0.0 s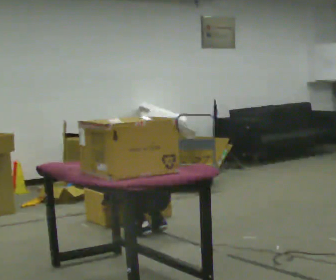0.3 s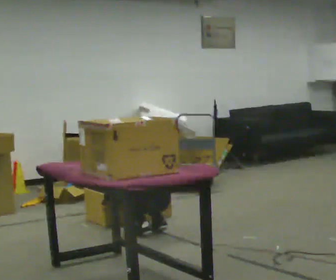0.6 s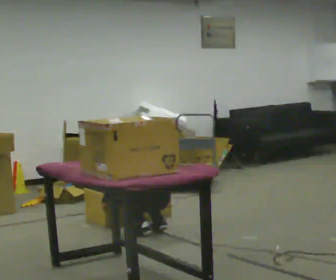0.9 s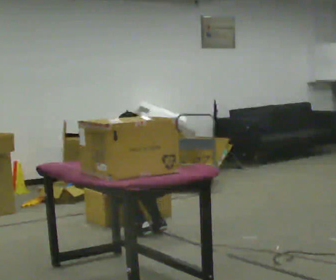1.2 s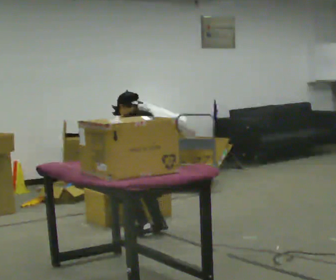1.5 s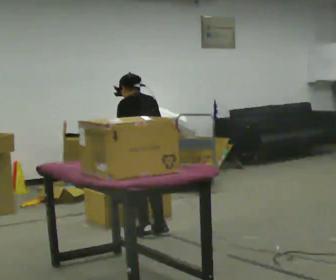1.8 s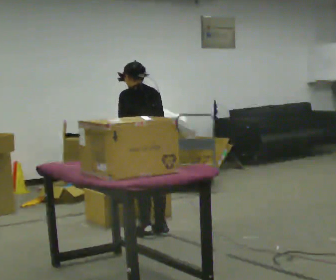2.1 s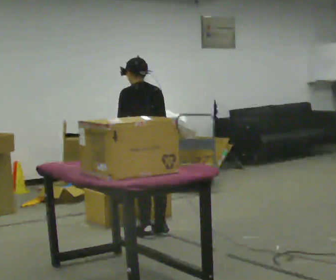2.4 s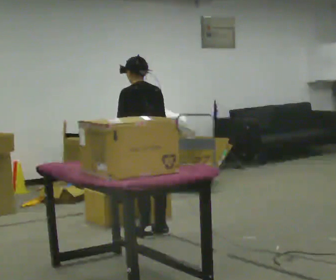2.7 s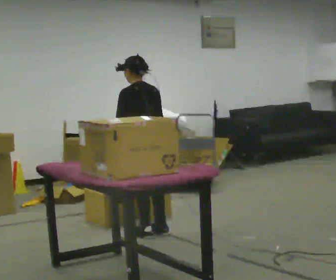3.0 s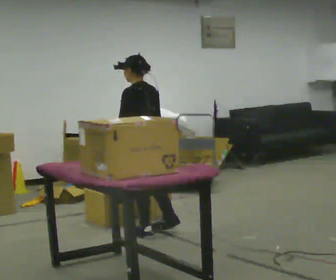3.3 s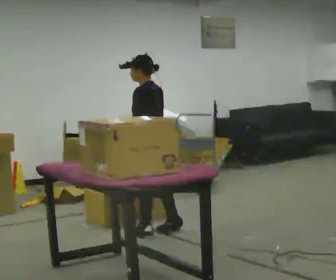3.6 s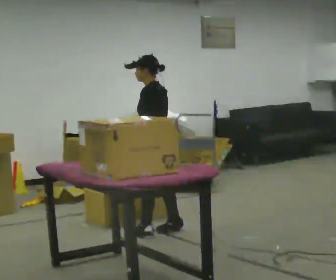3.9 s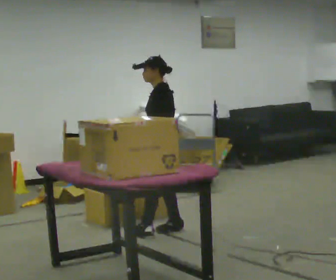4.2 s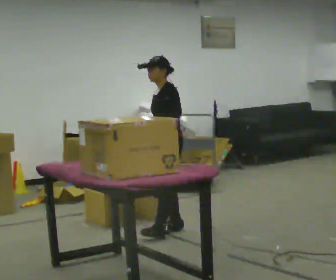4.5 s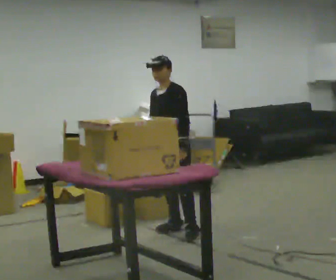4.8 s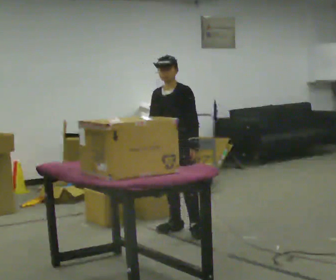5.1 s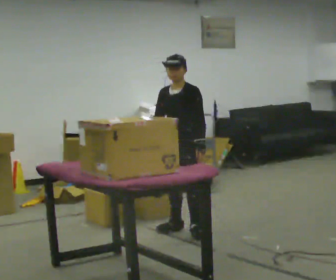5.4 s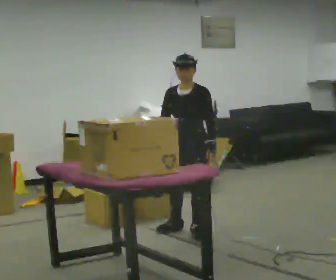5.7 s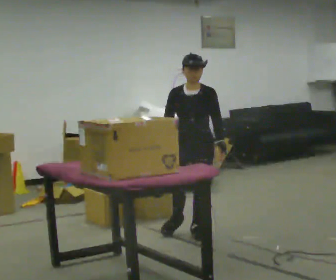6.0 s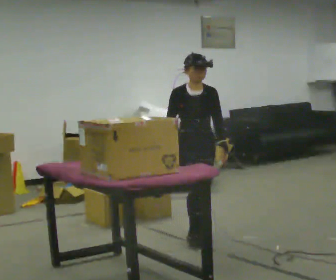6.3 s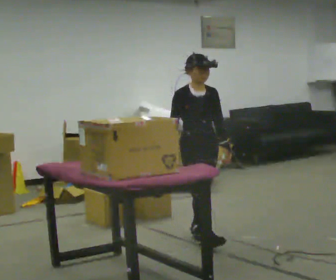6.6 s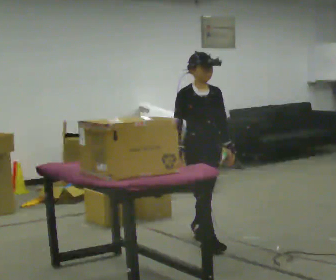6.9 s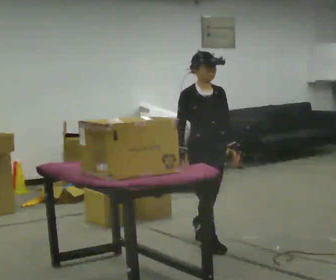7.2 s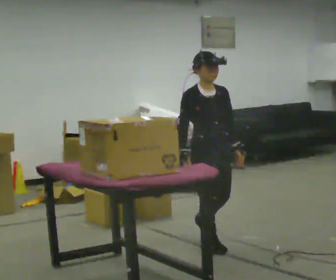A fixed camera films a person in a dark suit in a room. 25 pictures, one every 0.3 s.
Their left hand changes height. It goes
upward.
The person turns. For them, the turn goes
to their left.
0.0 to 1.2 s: The upper body goes upward.
1.2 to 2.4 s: The shoulders move upward. The upper body tips toward the camera, its near side rolling downward, as they lean back or straighten.
2.4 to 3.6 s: The part of the body nearest the lens slides to the right as the person turns to their left by about 45 degrees.
3.6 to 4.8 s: Seen from above the body turns counterclockwise, about 75 degrees: to their left, with its near side sliding to the right. In the picture they go to the right, about 0.25 m in 1 step. In the picture their left hand goes to the right.
4.8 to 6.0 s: Seen from above the body turns counterclockwise, about 45 degrees: to their left, with its near side sliding to the right. In the picture they go toward the camera, about 0.25 m, which for them is forward and to their left.
6.0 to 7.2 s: In the picture they go toward the camera, about 0.25 m in 1 step, which for them is forward.
The film runs forward here.
